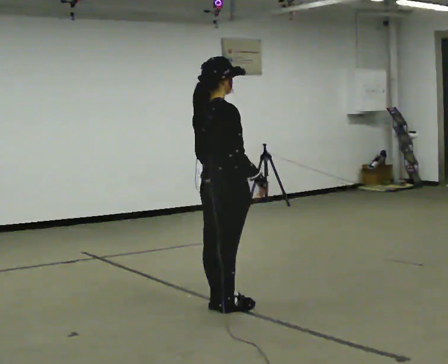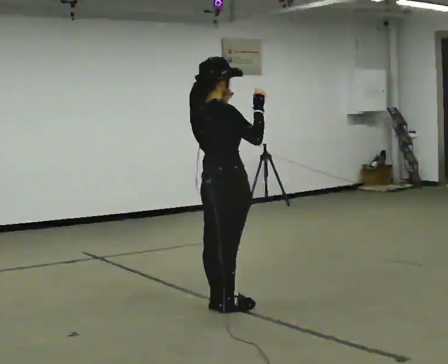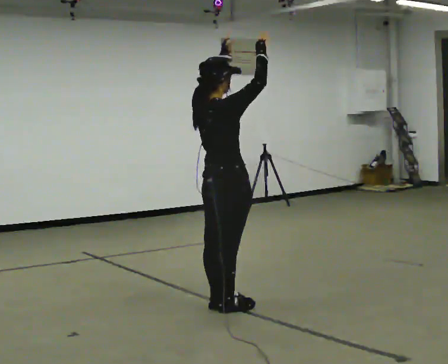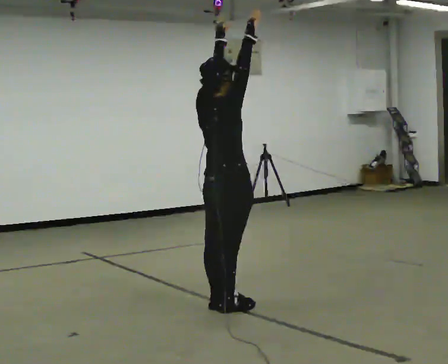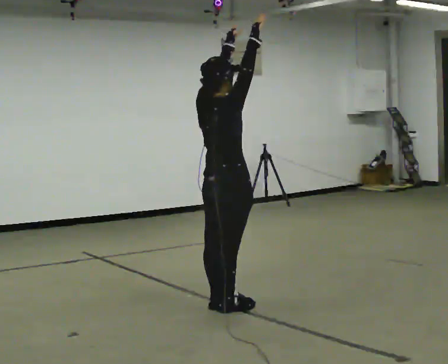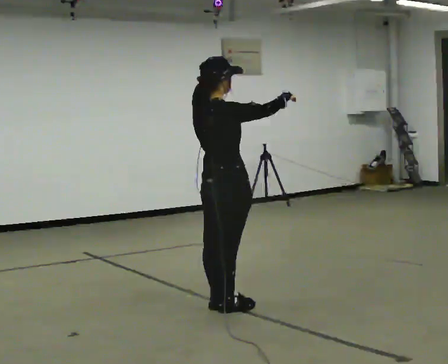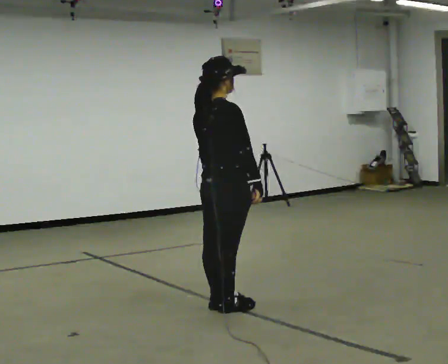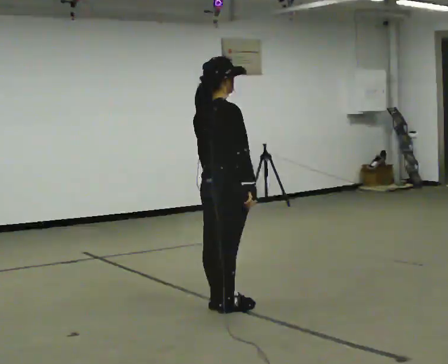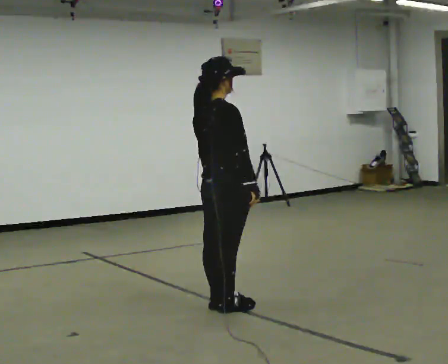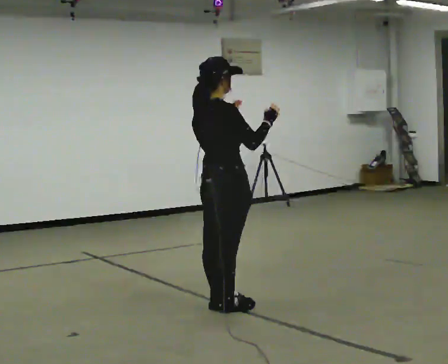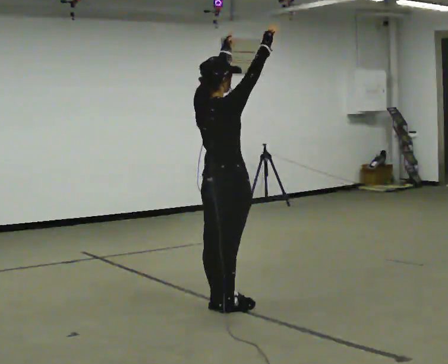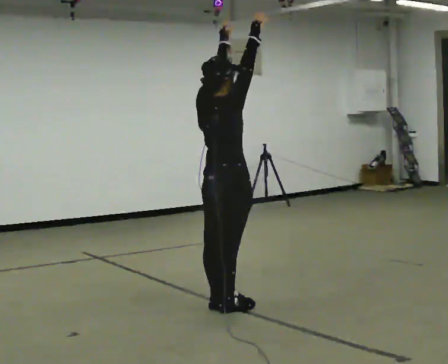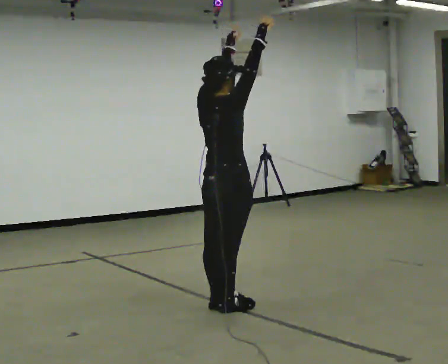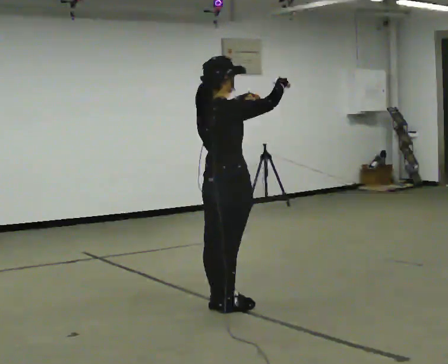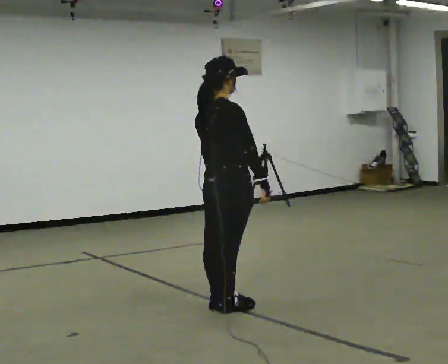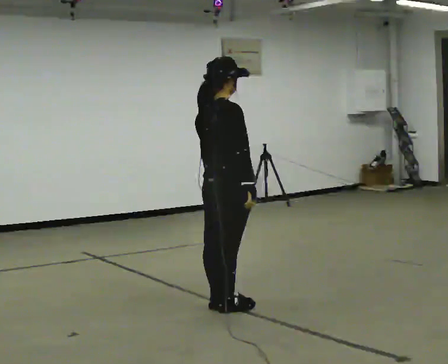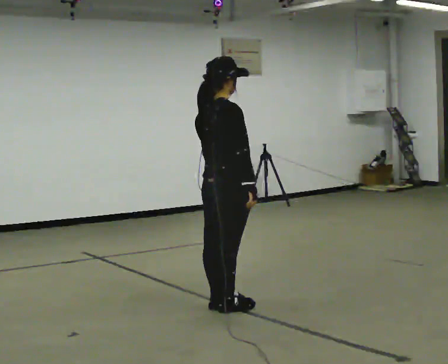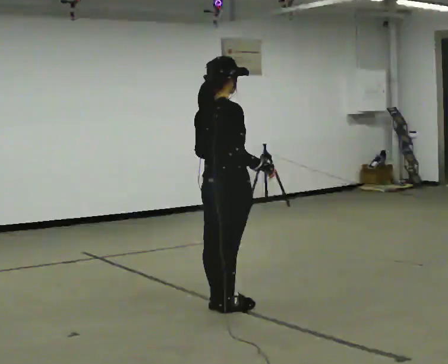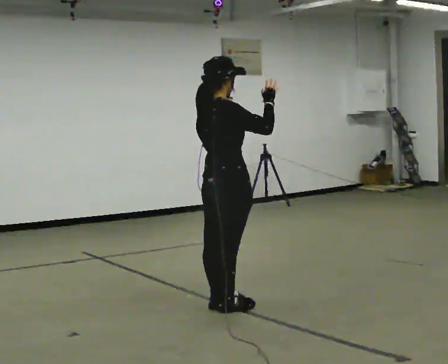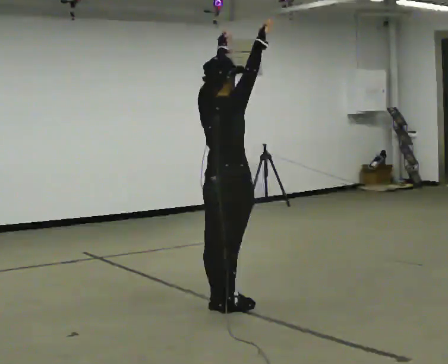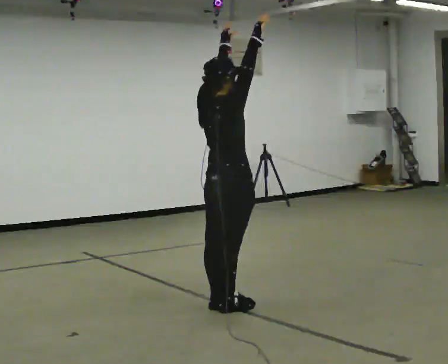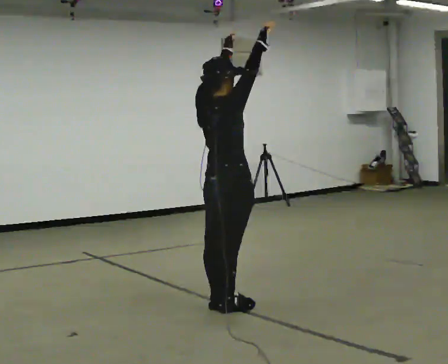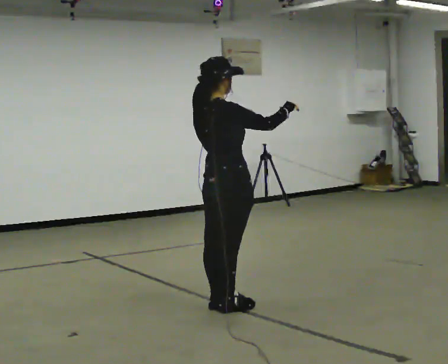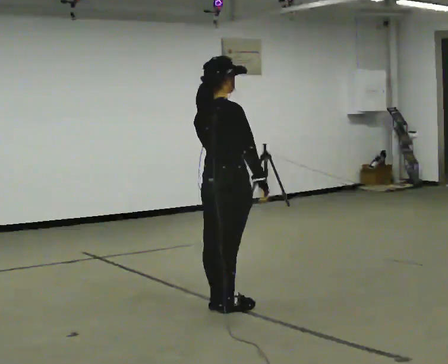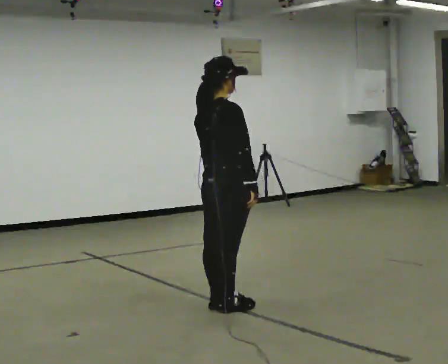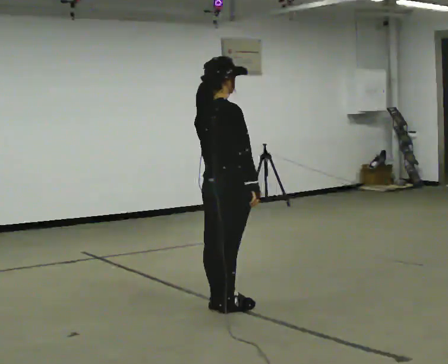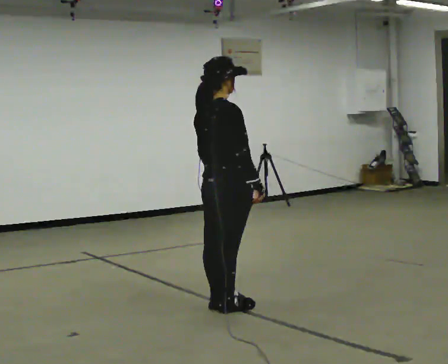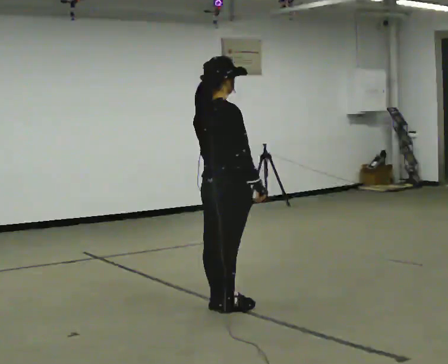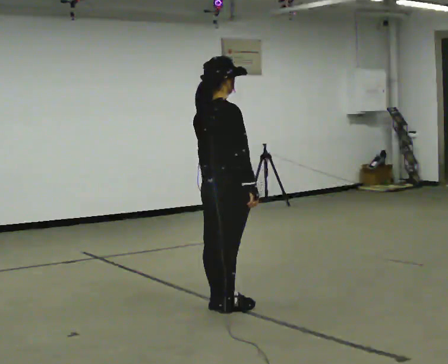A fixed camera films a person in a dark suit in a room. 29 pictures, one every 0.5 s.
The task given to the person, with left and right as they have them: Keeping your feet still, reach both arms up overhead as high as is comfortable, then lower them. Repeat the movement at your own pace until the operator says stop; do not rush.
0.0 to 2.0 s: In the picture their right hand goes upward.
2.0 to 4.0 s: In the picture their left hand goes downward.
4.0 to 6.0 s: In the picture their left hand goes upward.
6.0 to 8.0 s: In the picture their right hand goes downward, the arm swinging clockwise.
8.0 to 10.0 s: In the picture their right hand goes upward.
10.0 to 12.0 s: In the picture their left hand goes downward.
12.0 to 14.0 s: The person moves a little, or ends about where they began.
The film runs forward here.
